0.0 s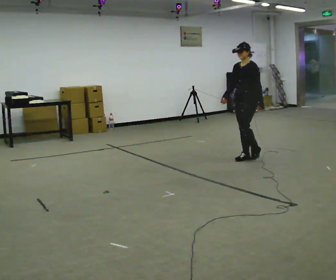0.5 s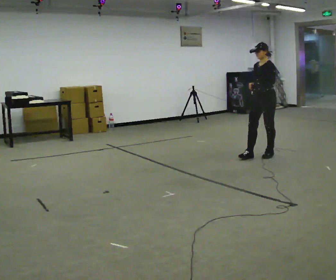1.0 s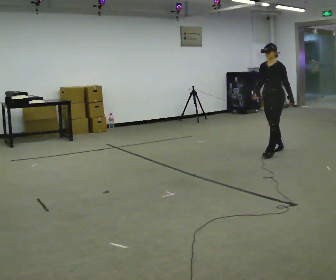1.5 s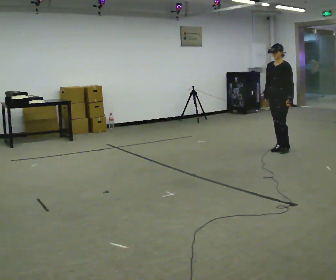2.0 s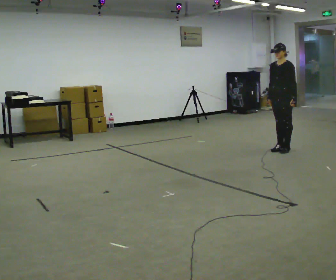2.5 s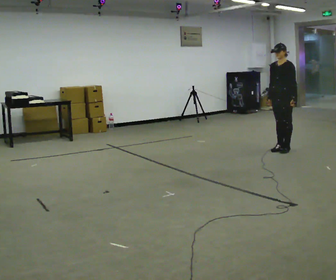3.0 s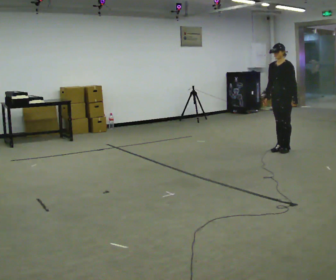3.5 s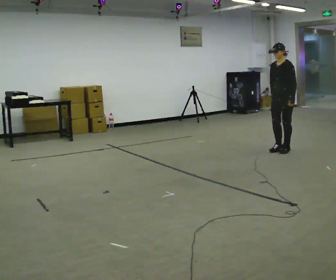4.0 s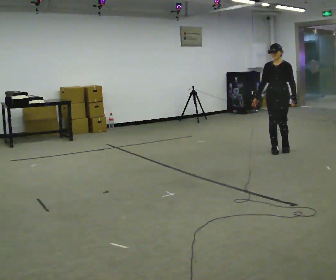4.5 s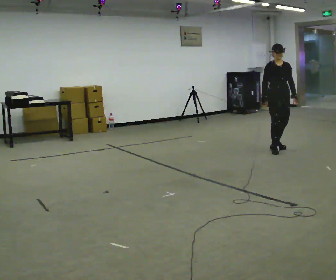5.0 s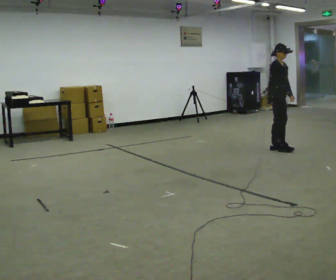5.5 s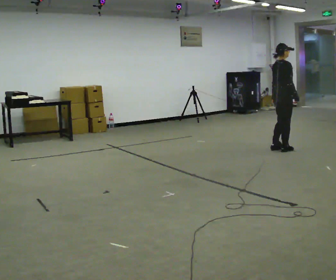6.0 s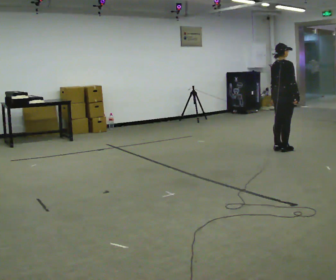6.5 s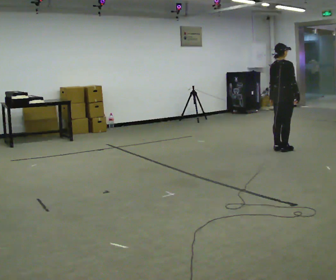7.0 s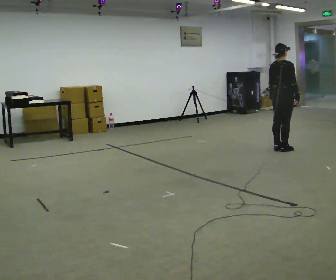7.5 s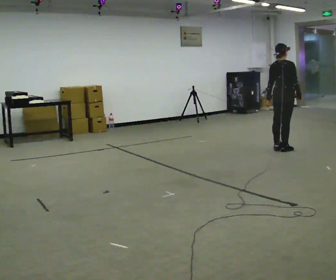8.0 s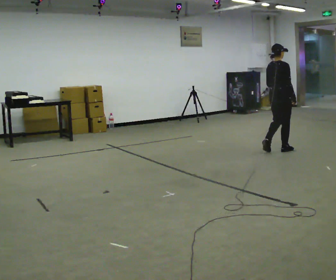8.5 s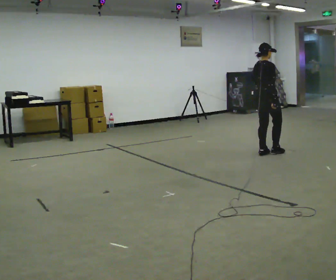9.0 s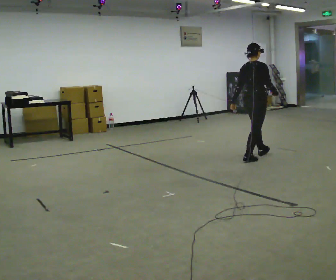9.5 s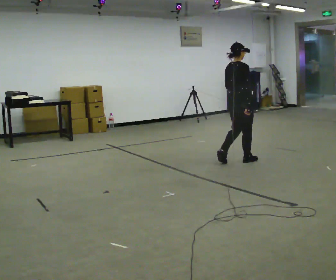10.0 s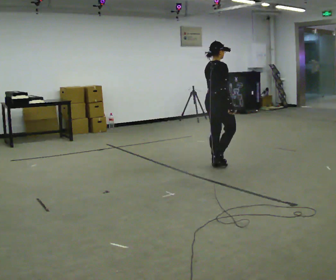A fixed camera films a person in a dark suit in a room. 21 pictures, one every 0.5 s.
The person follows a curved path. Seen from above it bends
counterclockwise.
0.0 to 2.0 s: In the picture they go away from the camera and to the right, about 0.5 m in 2 steps, which for them is backward.
2.0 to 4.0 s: The person moves a little, or ends about where they began.
4.0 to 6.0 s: The person turns about 150 degrees to their left, counterclockwise seen from above, so the part of the body nearest the lens slides to the right. In the picture their right hand goes to the right, the arm swinging counterclockwise.
6.0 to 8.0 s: The person moves a little, or ends about where they began.
8.0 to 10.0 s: In the picture they go toward the camera and to the left, about 1 m in 3 steps, which for them is backward.
The film runs backward here.
